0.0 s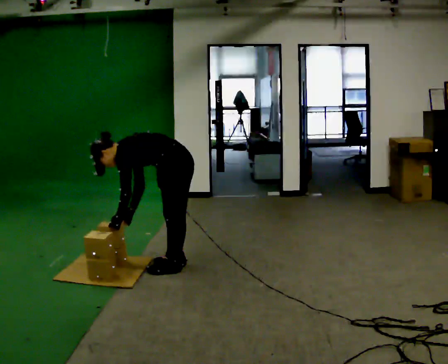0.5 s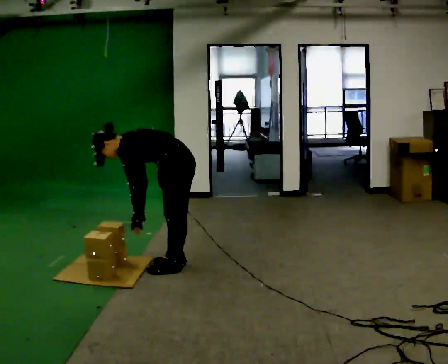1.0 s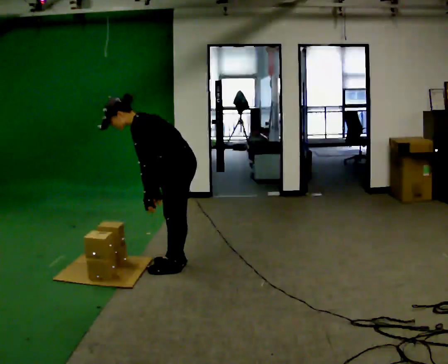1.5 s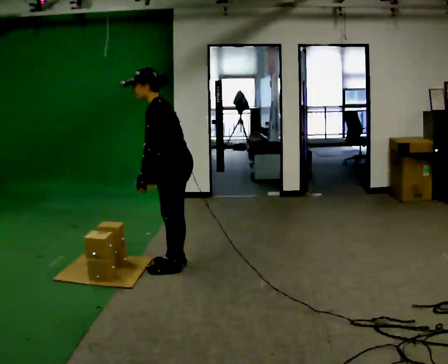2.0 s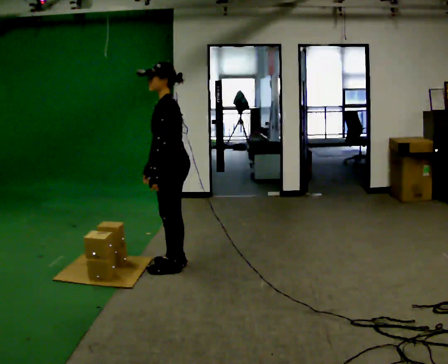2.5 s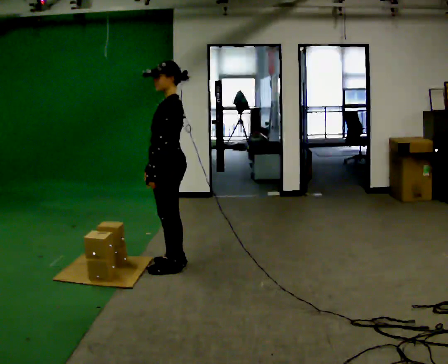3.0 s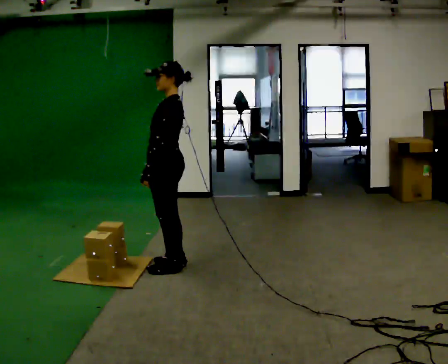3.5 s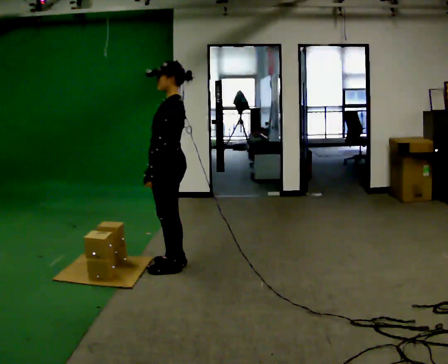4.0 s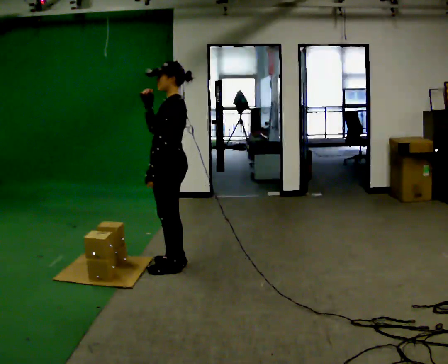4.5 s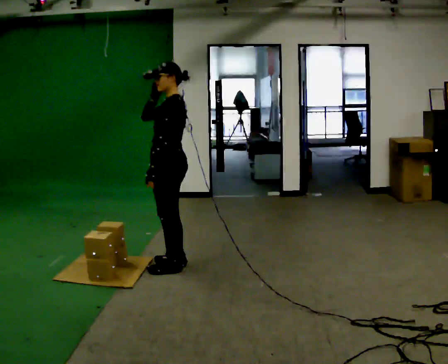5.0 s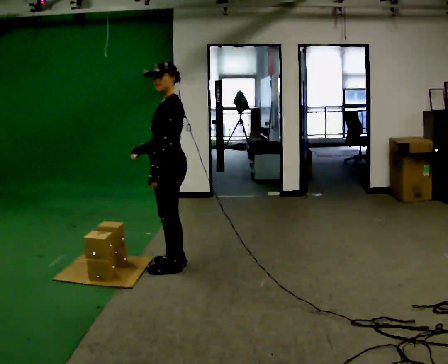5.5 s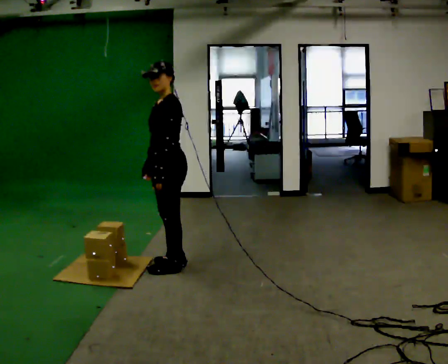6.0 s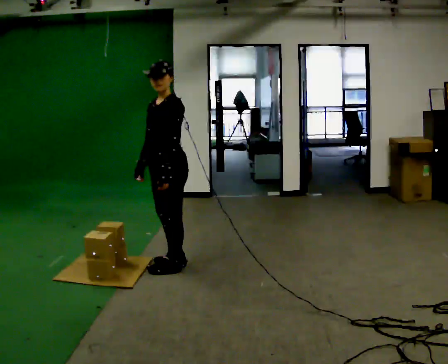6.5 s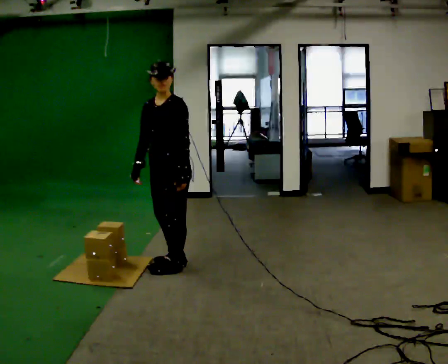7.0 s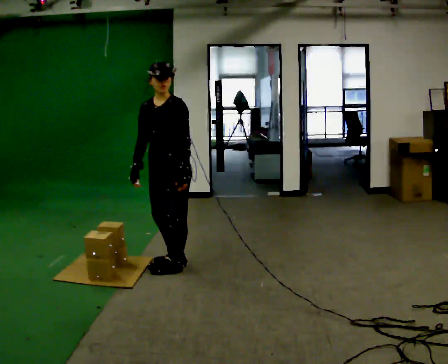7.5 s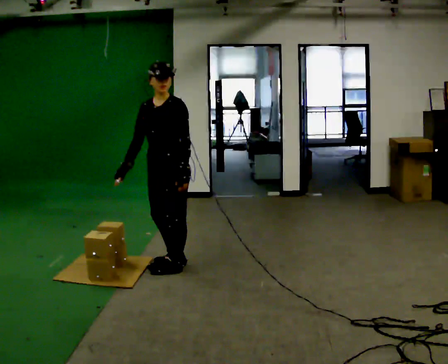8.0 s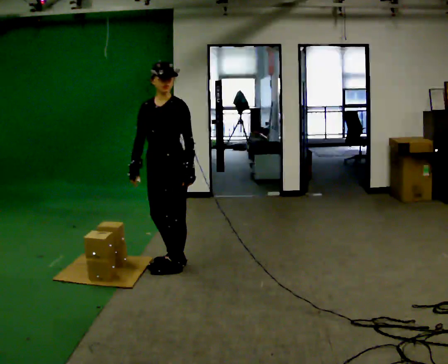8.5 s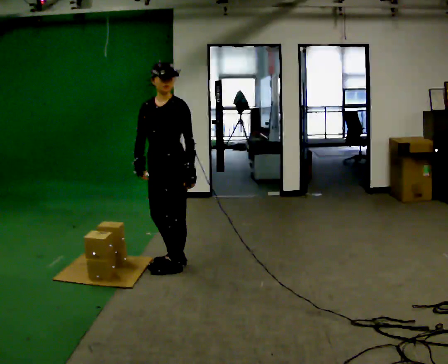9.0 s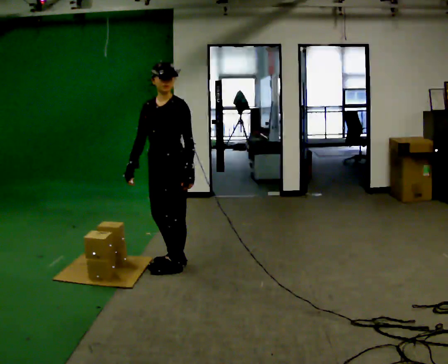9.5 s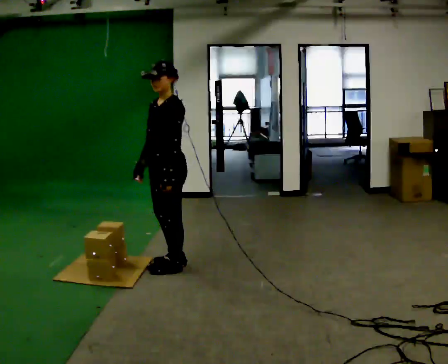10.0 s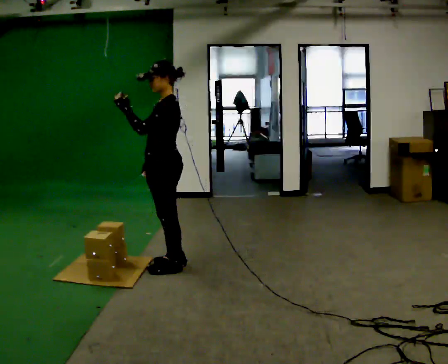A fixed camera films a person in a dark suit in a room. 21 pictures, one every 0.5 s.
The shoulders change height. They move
upward.
Their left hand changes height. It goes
upward.
0.0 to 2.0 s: The shoulders move upward. In the picture the upper body tilts clockwise, shoulders to the right, as they lean back or straighten. In the picture their right hand goes upward.
2.0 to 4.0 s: In the picture their right hand goes upward.
4.0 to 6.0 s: The person turns about 30 degrees to their left, counterclockwise seen from above, so the part of the body nearest the lens slides to the right. In the picture their right hand goes downward.
6.0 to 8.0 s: The person moves a little, or ends about where they began.
8.0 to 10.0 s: The person turns about 60 degrees to their right, clockwise seen from above, so the part of the body nearest the lens slides to the left. In the picture their left hand goes to the left and upward.
The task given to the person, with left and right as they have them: Carry the boxes over one at a time and lay them out on the pallet in the pattern the operator shows you. Keep going until the operator says stop; one object at a time, and do not rush between trips.
The film runs forward here.
